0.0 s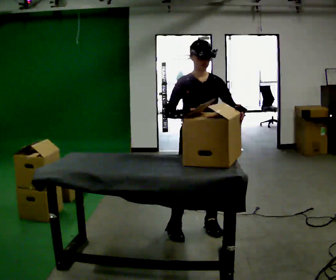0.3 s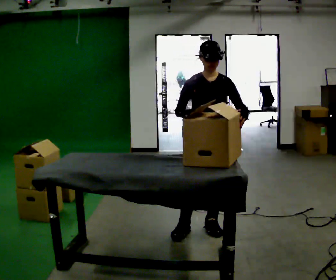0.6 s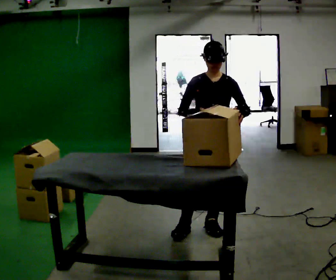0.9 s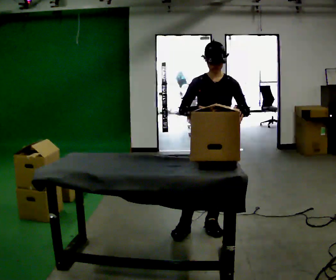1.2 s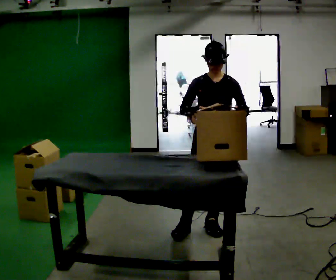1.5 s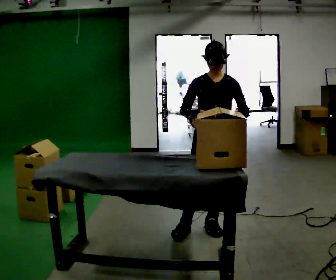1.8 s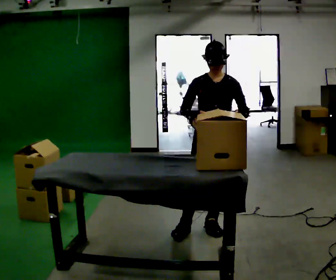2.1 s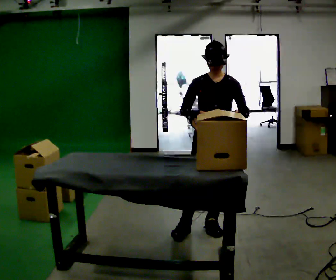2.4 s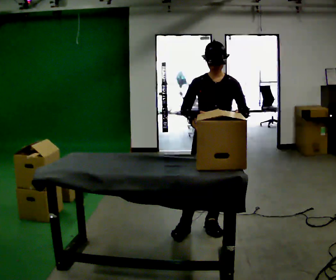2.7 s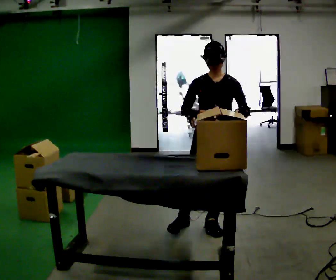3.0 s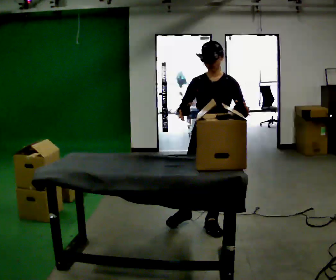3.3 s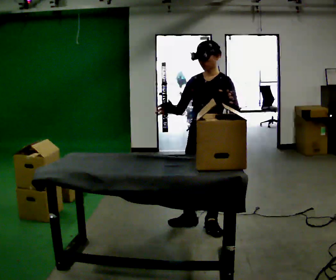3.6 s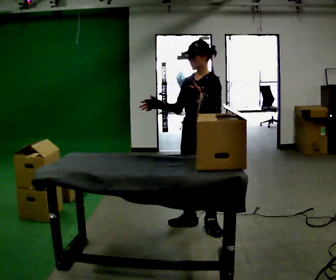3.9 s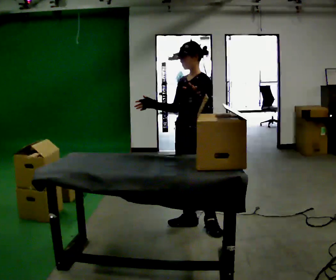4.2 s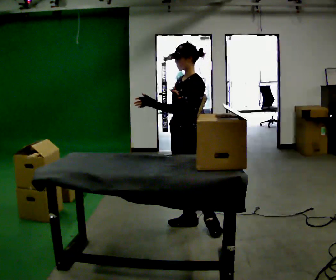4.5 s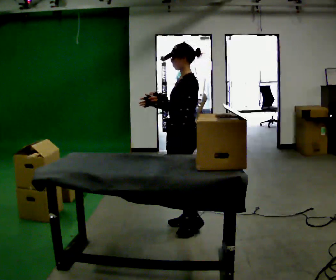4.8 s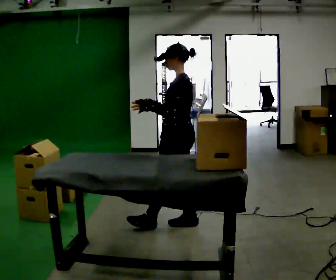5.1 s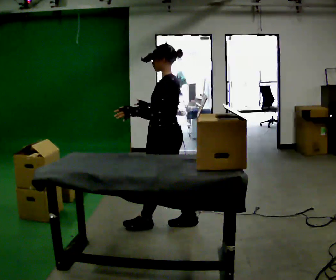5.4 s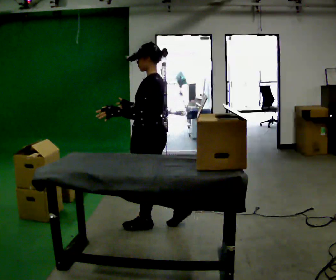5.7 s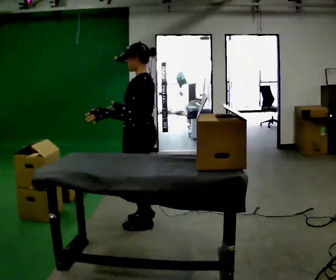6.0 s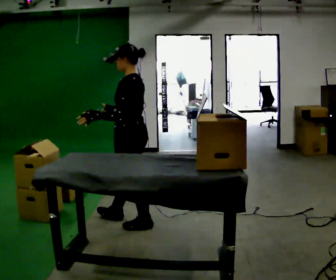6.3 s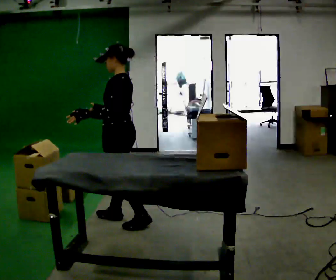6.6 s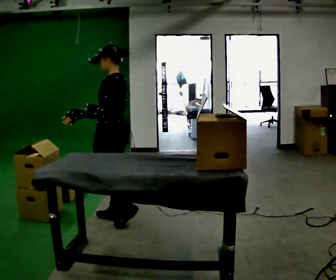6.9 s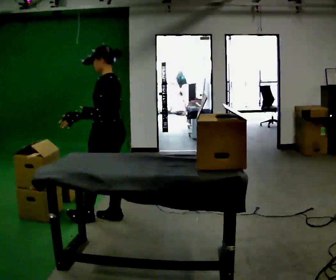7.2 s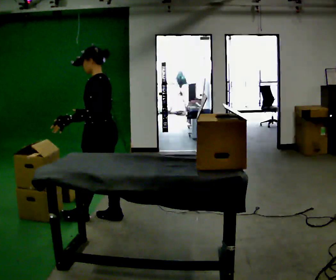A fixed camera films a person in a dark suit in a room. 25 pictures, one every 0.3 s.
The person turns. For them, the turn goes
to their right.
The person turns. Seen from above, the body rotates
clockwise.
0.0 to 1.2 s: The person moves a little, or ends about where they began.
1.2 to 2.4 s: The person keeps their place and pose.
2.4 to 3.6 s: The person turns about 45 degrees to their right, clockwise seen from above, so the part of the body nearest the lens slides to the left.
3.6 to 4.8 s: The part of the body nearest the lens slides to the left as the person turns to their right by about 45 degrees. In the picture they go to the left, about 0.25 m, which for them is to their right.
4.8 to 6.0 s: In the picture they go to the left, about 0.5 m in 2 steps, which for them is forward.
6.0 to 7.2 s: In the picture they go to the left, about 0.25 m in 1 step, which for them is forward.
The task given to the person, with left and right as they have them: Pick an object up off the floor at one end of the room, carry it across, and place it on the waist-height shelf at the other end. Keep going until the operator says stop; one object at a time, and do not rush between trips.
The film runs forward here.
